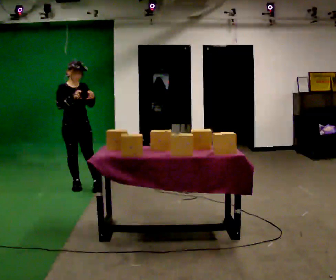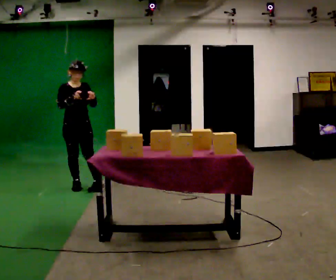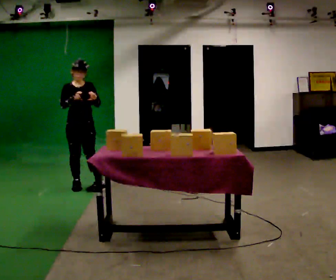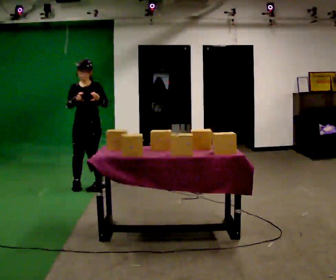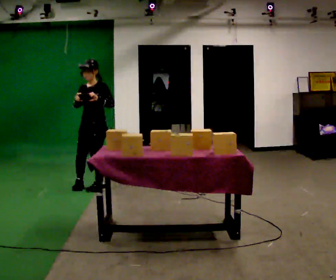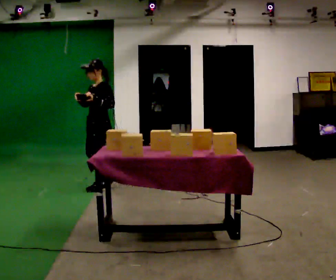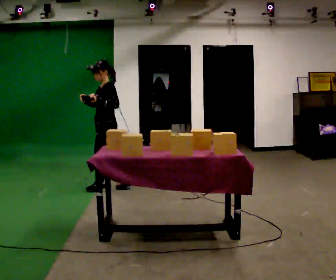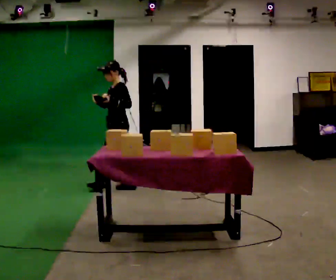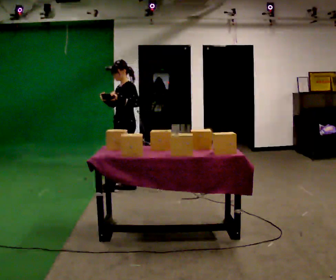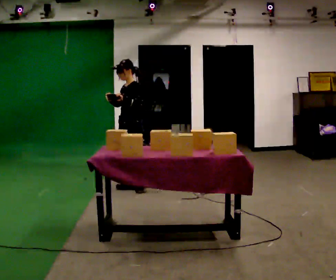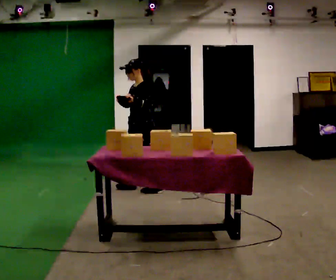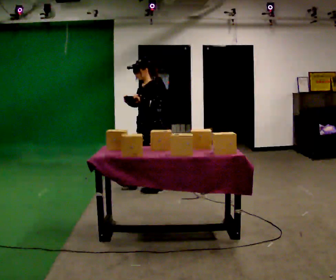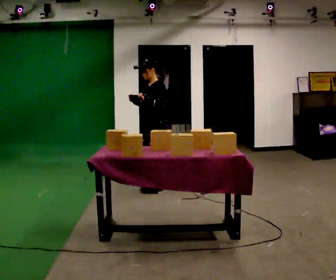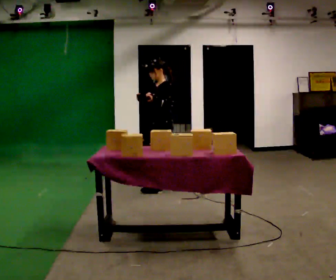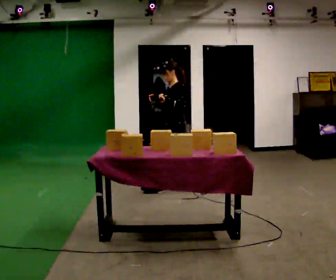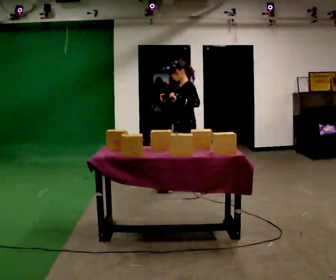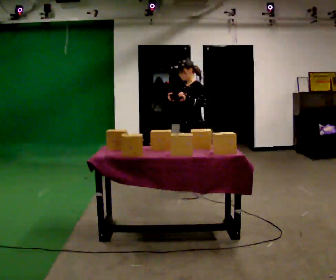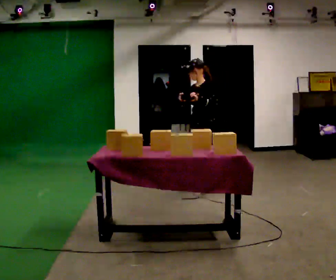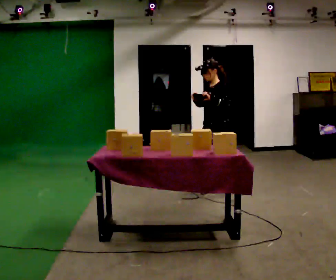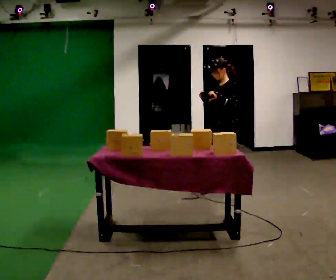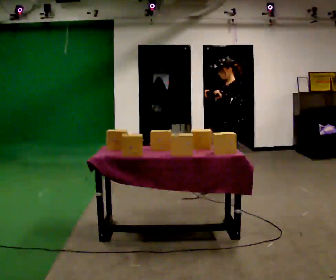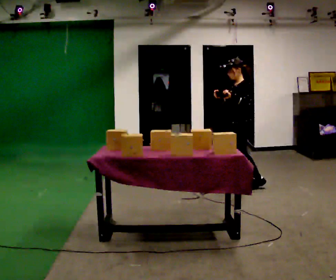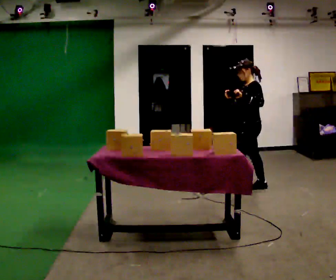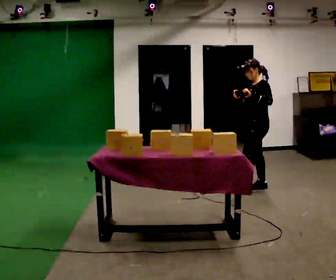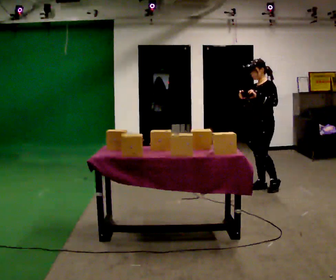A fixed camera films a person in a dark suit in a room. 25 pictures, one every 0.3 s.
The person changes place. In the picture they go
to the right.
0.0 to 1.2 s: Seen from above the body turns clockwise, about 60 degrees: to their right, with its near side sliding to the left. In the picture they go to the right, about 0.25 m in 1 step, which for them is to their left.
1.2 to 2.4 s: The part of the body nearest the lens slides to the left as the person turns to their right by about 45 degrees. In the picture they go to the right, about 0.5 m in 1 step, which for them is backward.
2.4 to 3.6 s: In the picture they go to the right and toward the camera, about 0.5 m in 1 step, which for them is backward and to their left.
3.6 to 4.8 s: In the picture they go to the right, about 0.5 m in 1 step, which for them is backward.
4.8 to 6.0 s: In the picture they go to the right, about 0.5 m in 1 step, which for them is backward and to their left.
6.0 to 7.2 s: In the picture they go to the right, about 0.5 m in 1 step, which for them is backward.
The film runs backward here.
